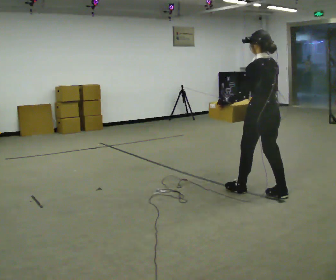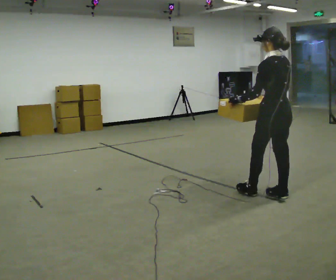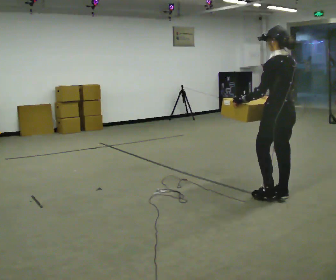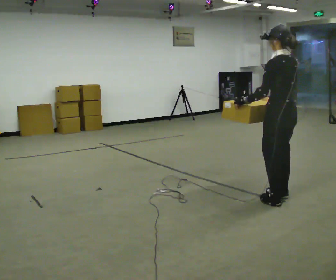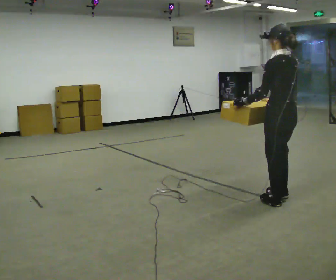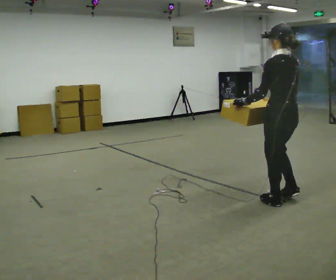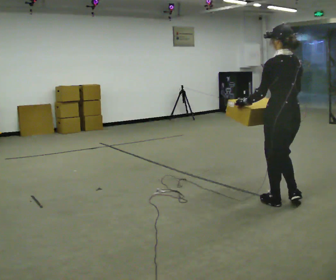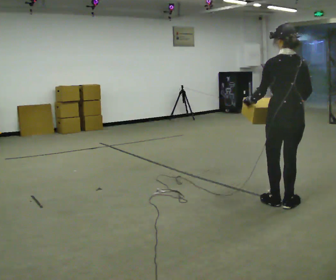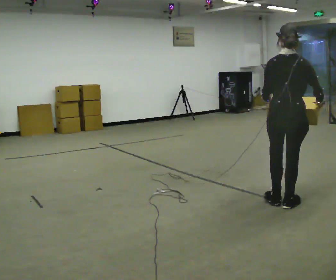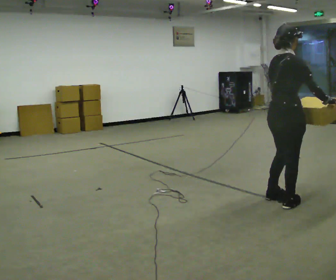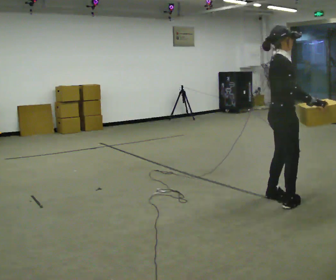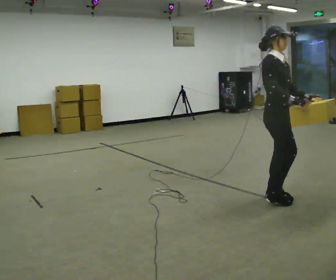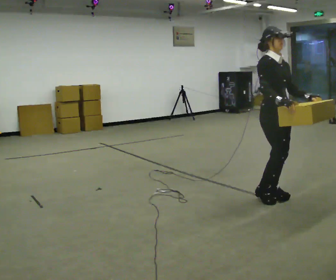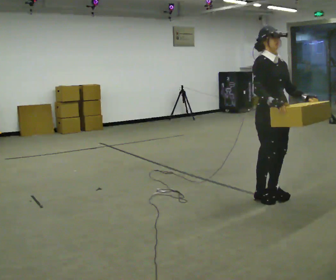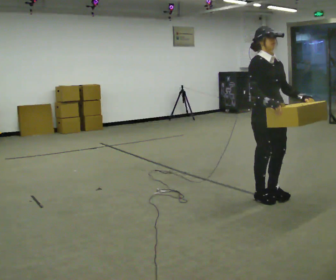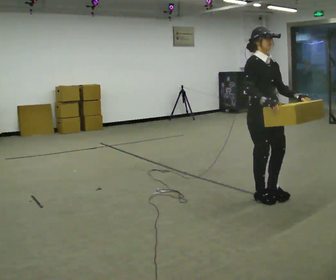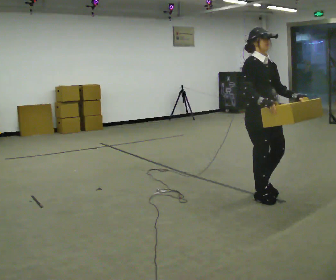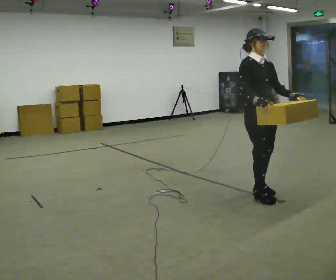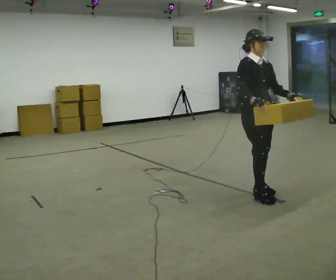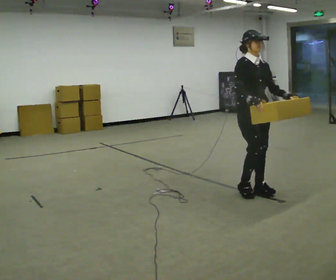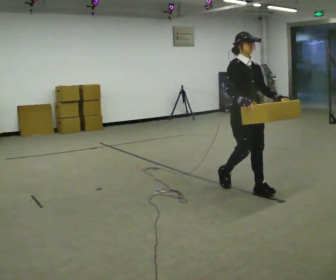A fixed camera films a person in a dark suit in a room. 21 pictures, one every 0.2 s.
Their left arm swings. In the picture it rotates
counterclockwise.
The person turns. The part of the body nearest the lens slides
to the left.
0.0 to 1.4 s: The part of the body nearest the lens slides to the left as the person turns to their right by about 30 degrees. In the picture they go toward the camera and to the right, about 0.25 m in 2 steps, which for them is backward.
1.4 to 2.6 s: The part of the body nearest the lens slides to the left as the person turns to their right by about 150 degrees. In the picture they go away from the camera and to the left, about 0.25 m in 2 steps.
2.6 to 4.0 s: In the picture they go to the left and away from the camera, about 0.25 m in 2 steps, which for them is backward.
The film runs backward here.
